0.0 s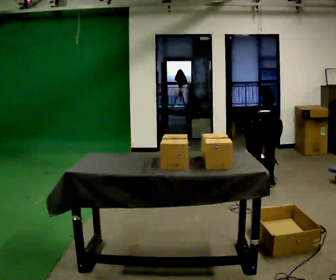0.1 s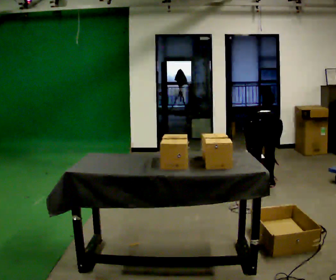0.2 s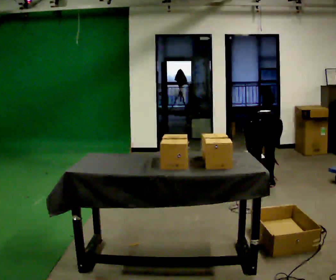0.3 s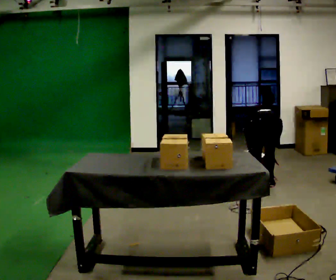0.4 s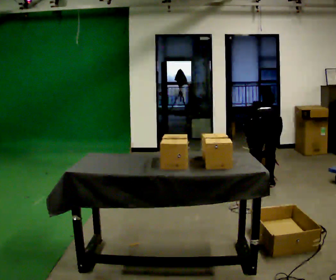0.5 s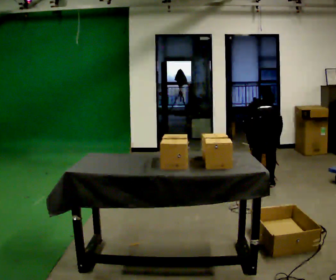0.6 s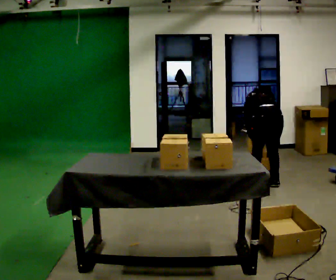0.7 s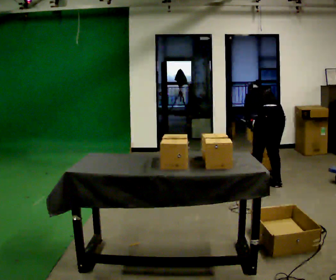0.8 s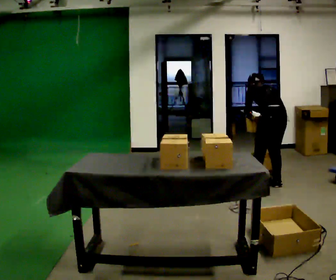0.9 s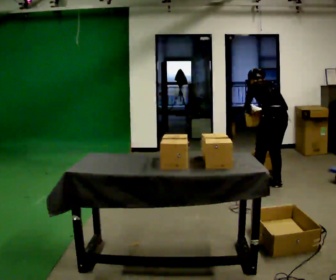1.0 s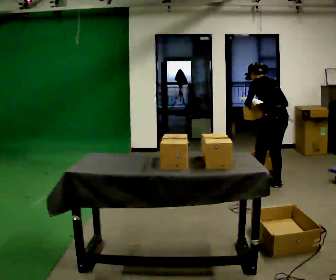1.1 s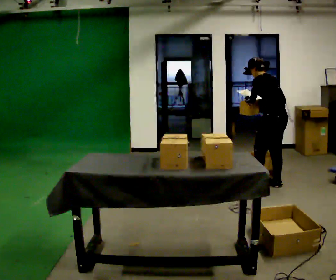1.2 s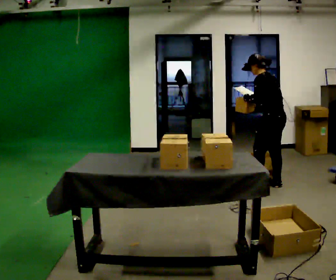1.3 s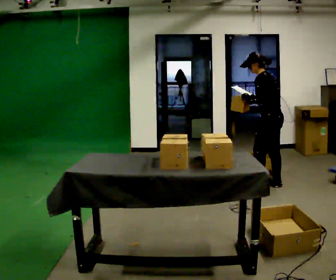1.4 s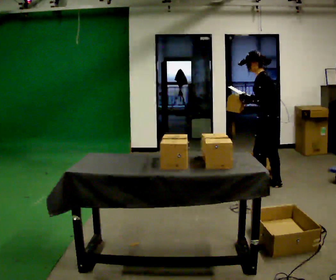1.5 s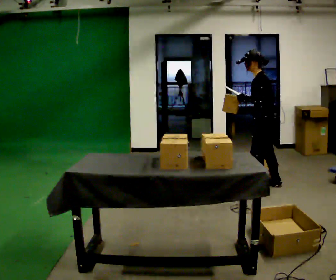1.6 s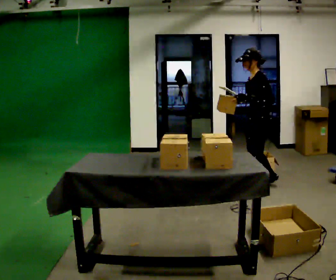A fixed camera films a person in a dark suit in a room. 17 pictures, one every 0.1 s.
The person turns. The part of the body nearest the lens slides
to the right.
The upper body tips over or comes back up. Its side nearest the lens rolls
downward.
0.0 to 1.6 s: The person turns about 90 degrees to their left, counterclockwise seen from above, so the part of the body nearest the lens slides to the right. The upper body goes upward. The upper body tips toward the camera, its near side rolling downward, as they lean back or straighten. In the picture their right hand goes upward and to the left.
The film runs forward here.
